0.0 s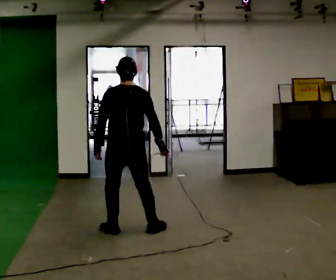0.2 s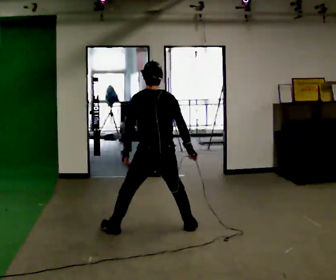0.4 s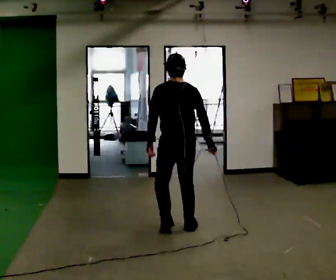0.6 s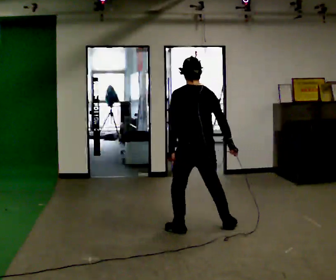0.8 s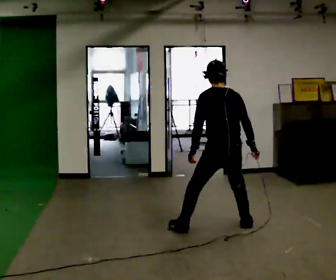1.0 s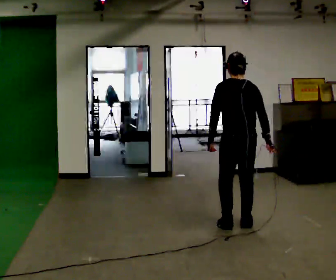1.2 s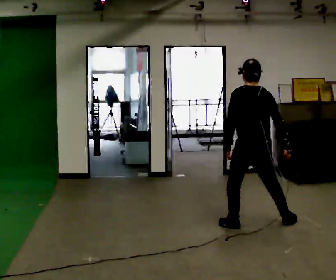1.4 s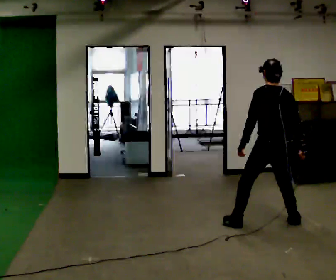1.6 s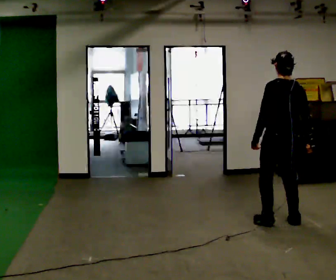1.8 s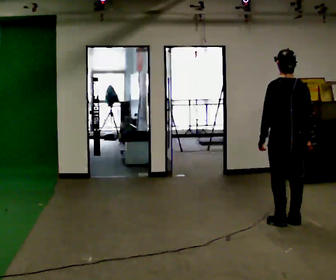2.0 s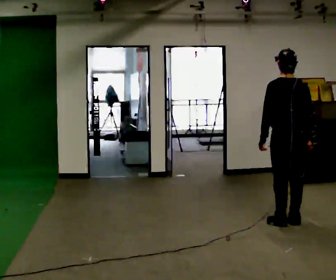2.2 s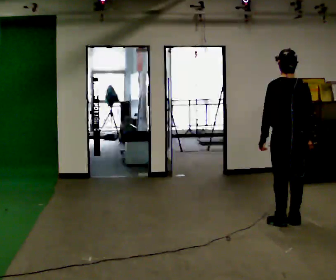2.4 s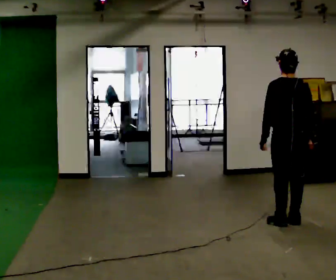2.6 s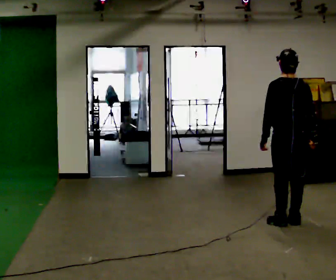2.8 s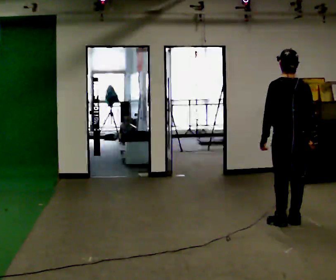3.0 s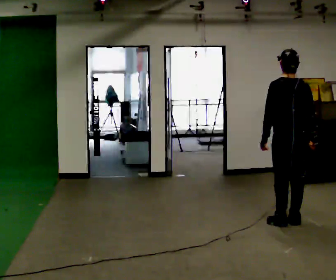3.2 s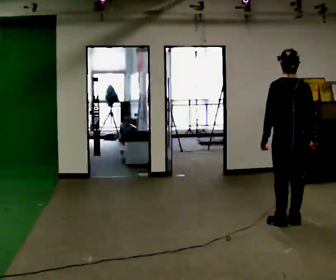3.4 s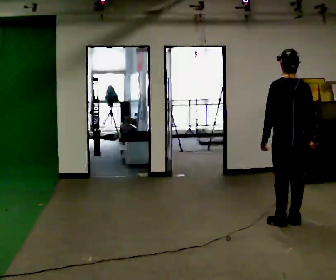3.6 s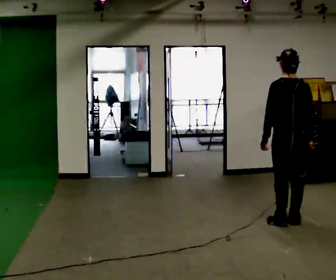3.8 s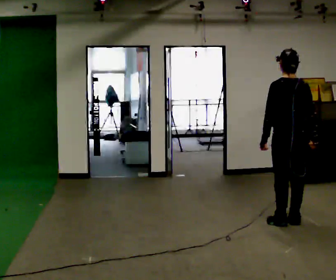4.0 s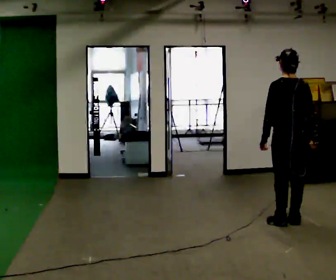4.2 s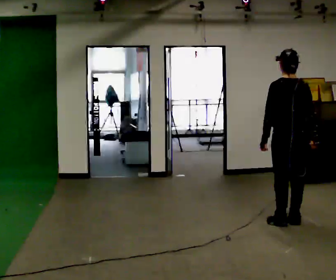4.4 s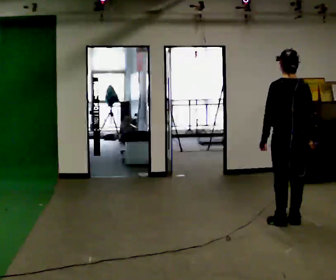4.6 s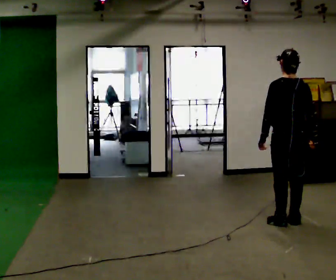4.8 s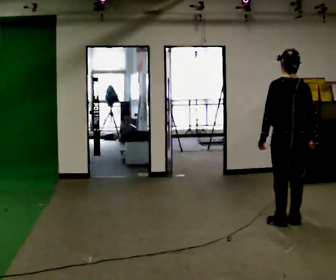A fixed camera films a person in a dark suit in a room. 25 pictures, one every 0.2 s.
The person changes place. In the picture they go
to the right.
0.0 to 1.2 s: In the picture they go to the right, about 1 m in 4 steps, which for them is to their right.
1.2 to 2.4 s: In the picture they go to the right and away from the camera, about 0.5 m in 1 step, which for them is to their right.
2.4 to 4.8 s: The person moves a little, or ends about where they began.
The film runs backward here.
